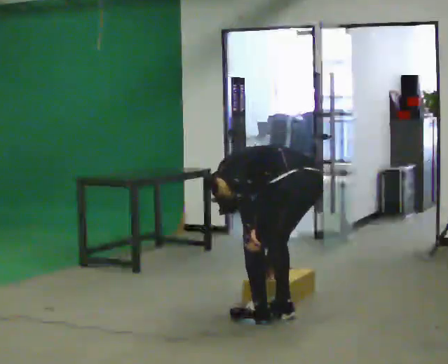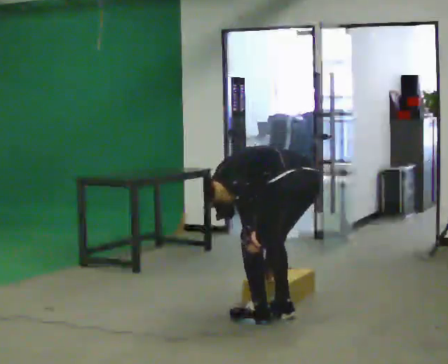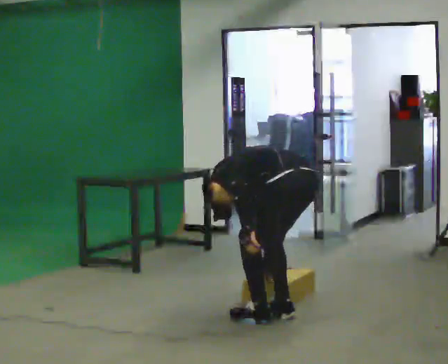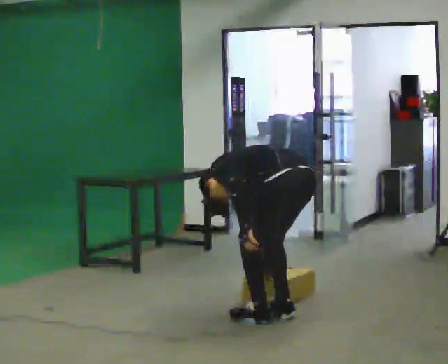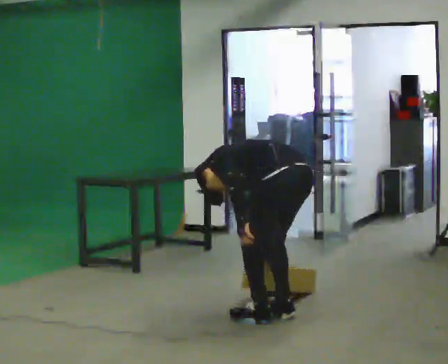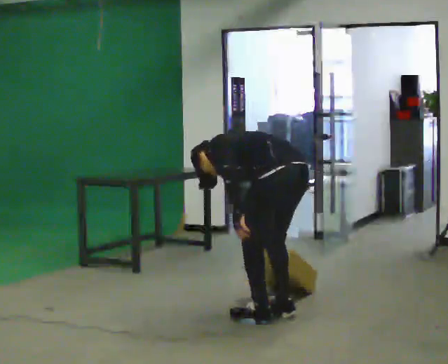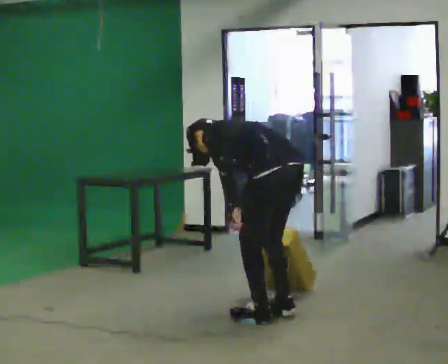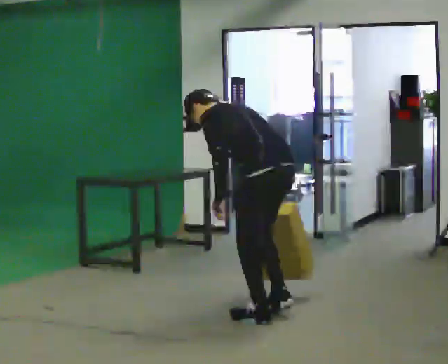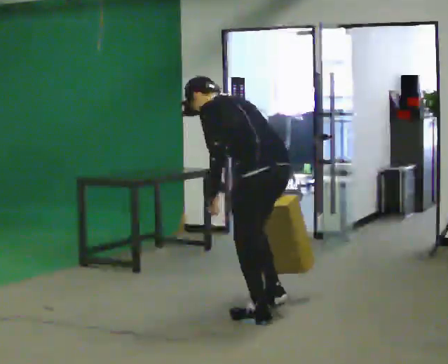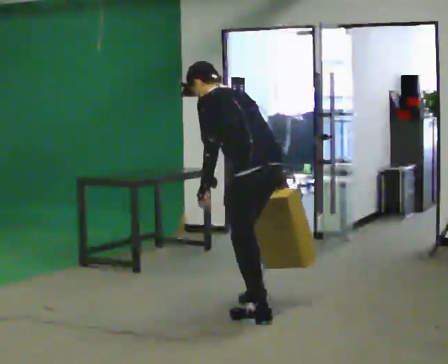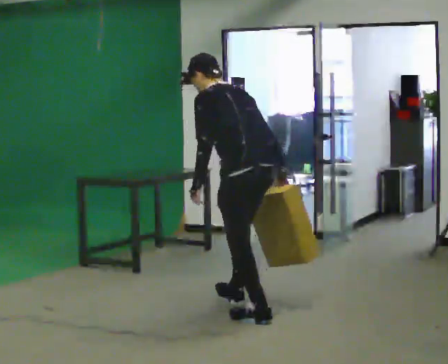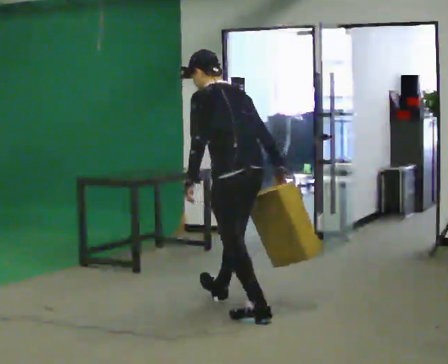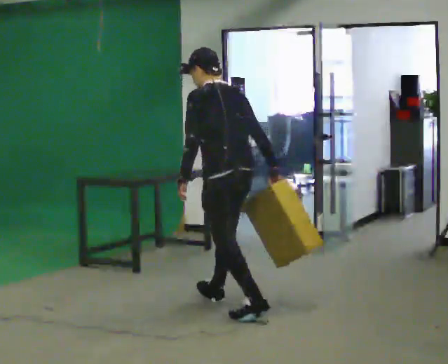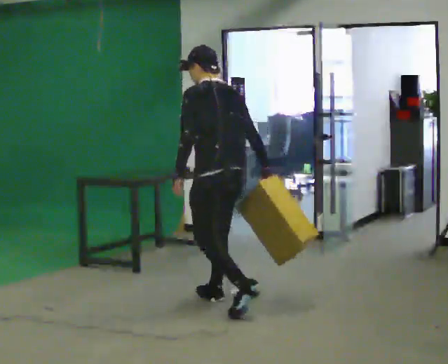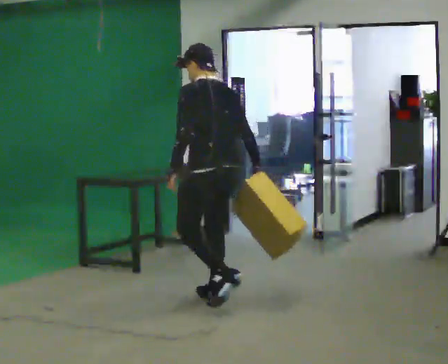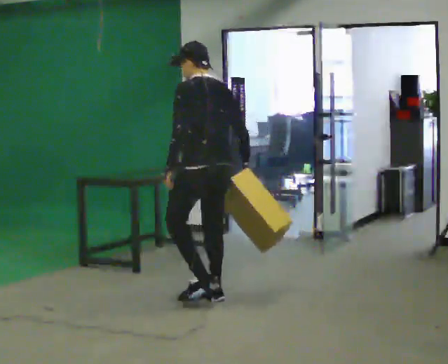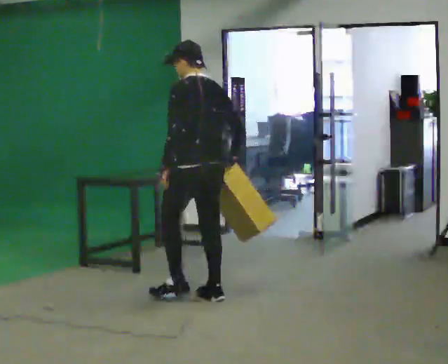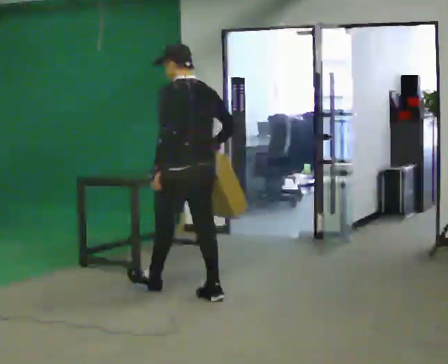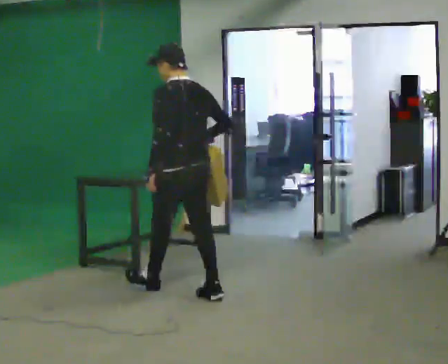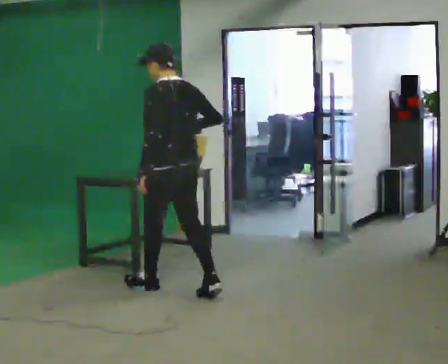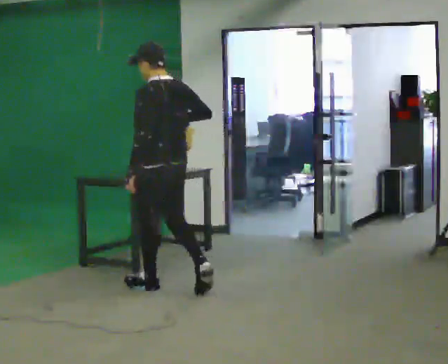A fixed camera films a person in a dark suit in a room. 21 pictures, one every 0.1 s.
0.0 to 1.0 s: In the picture they go to the left and away from the camera, about 0.25 m, which for them is forward. The shoulders move upward. In the picture the upper body tilts clockwise, shoulders to the right, as they lean back or straighten.
1.0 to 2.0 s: In the picture they go to the left and away from the camera, about 1 m in 2 steps, which for them is forward. The upper body tips toward the camera, its near side rolling downward, as they lean back or straighten. In the picture their right hand goes upward.
The film runs forward here.
